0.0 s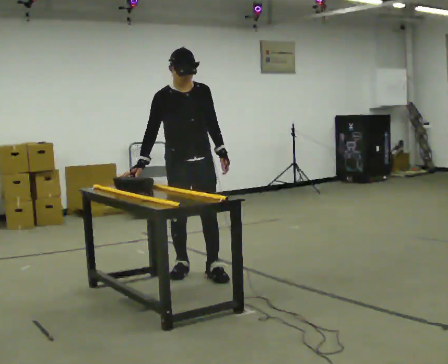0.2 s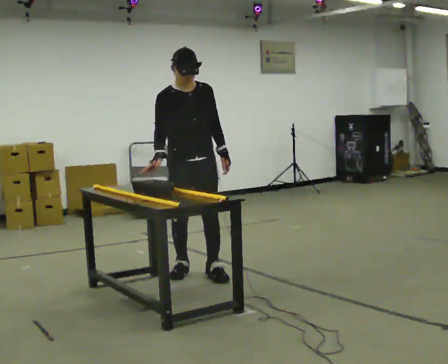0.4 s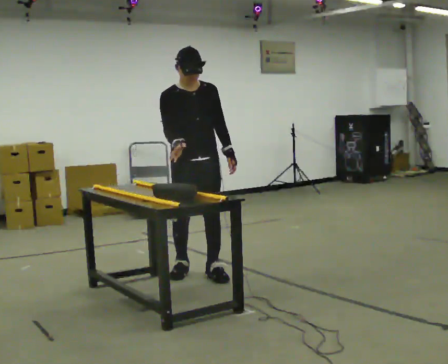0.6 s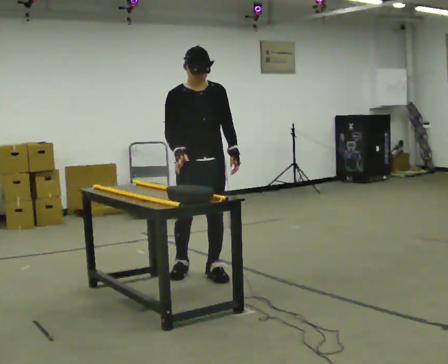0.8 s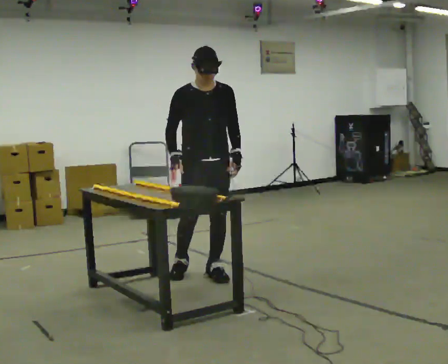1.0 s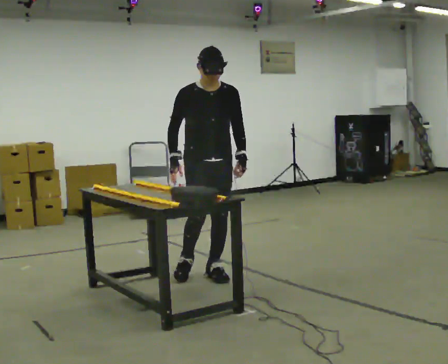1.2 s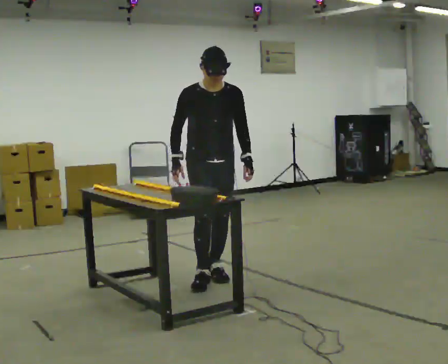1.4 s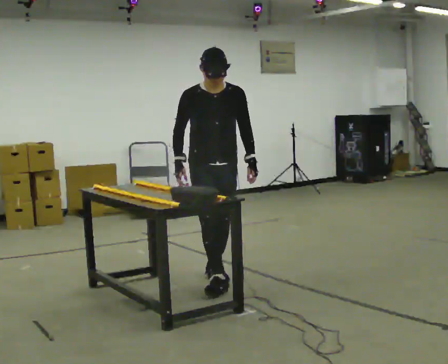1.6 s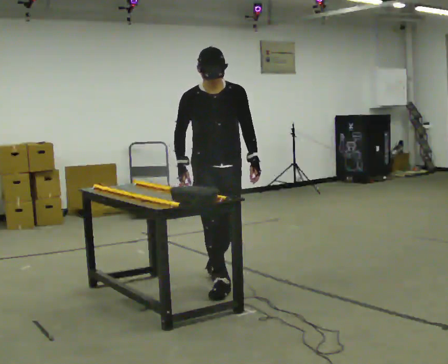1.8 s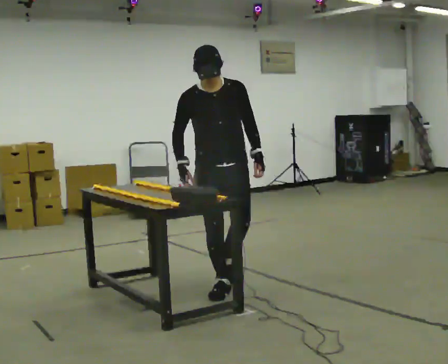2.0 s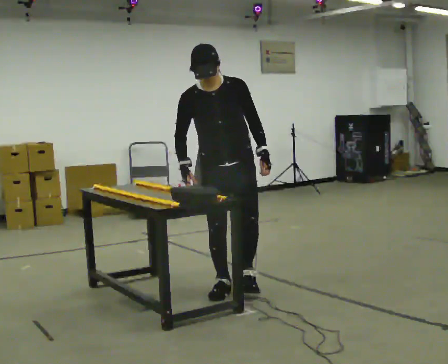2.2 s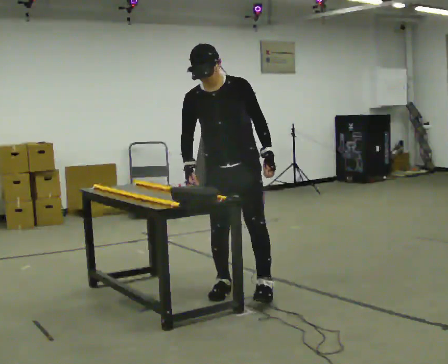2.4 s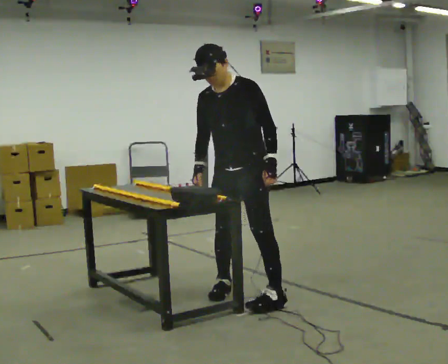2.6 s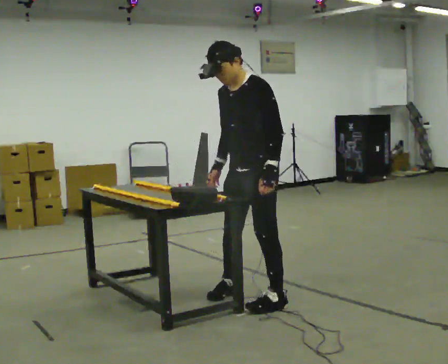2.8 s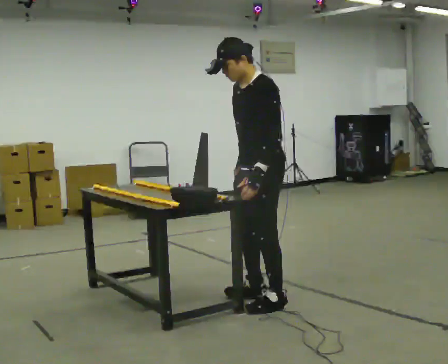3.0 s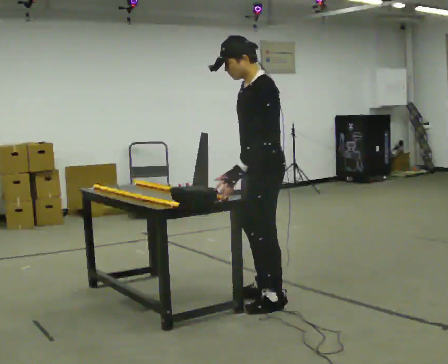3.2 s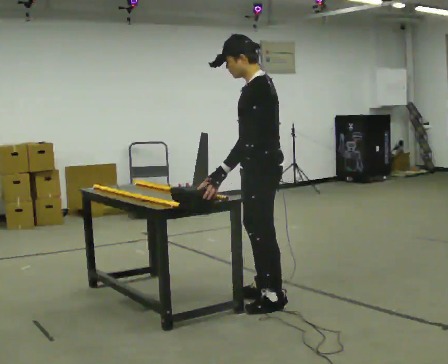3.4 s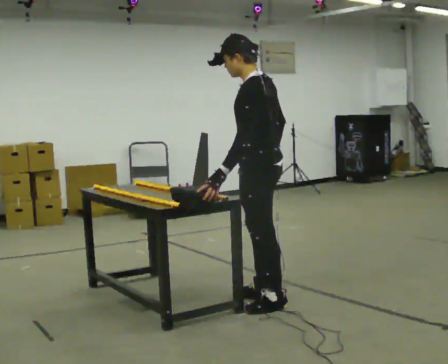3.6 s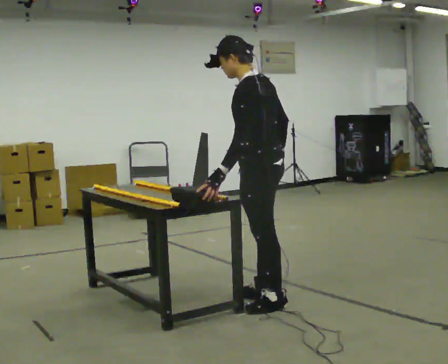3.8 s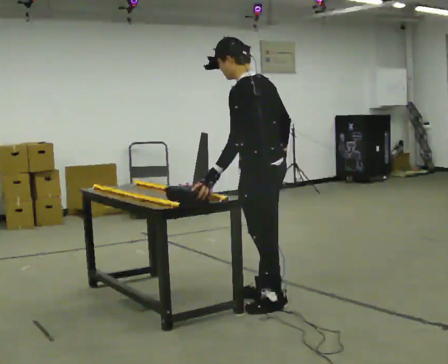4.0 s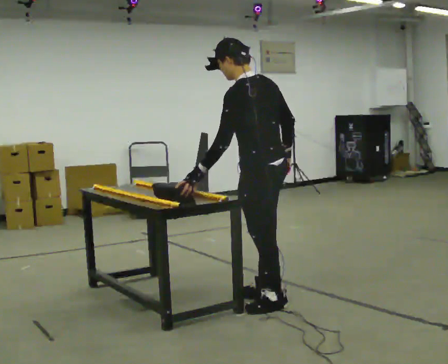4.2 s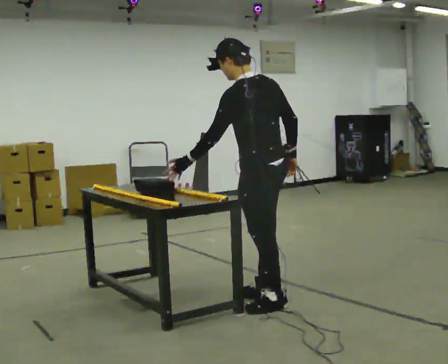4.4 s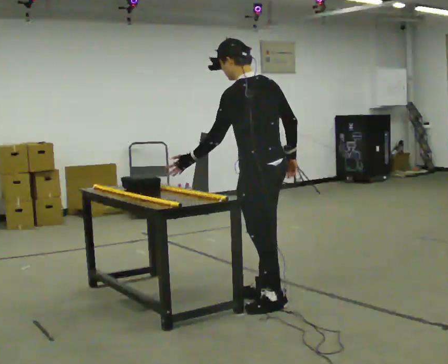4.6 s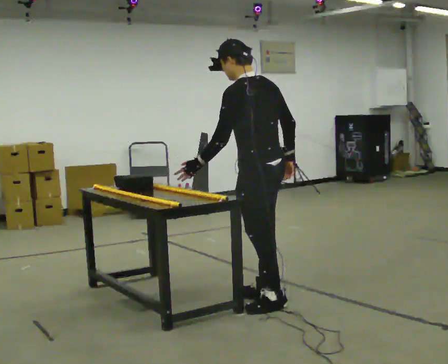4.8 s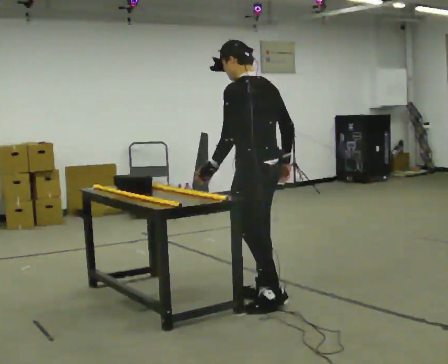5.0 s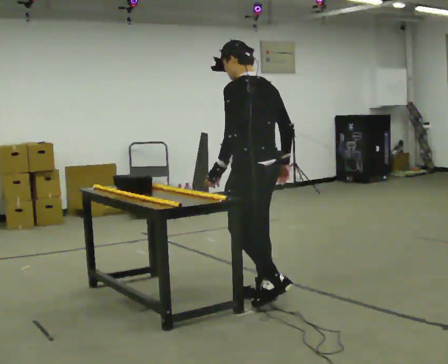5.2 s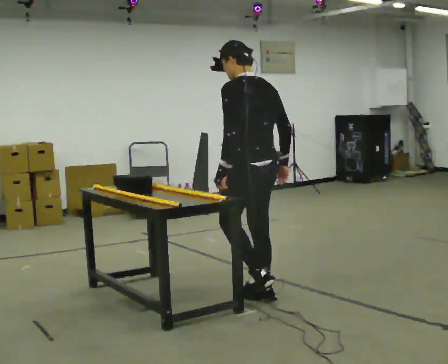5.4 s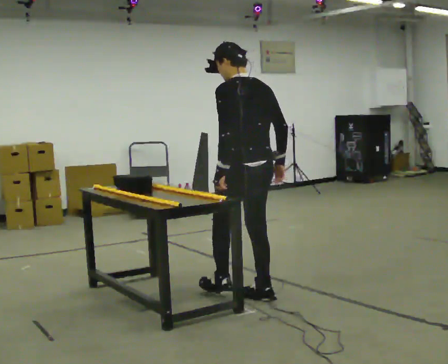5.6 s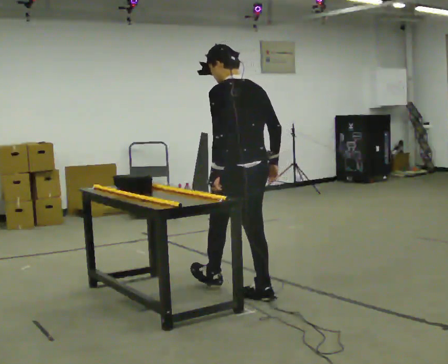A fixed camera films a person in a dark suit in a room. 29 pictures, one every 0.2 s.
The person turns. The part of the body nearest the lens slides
to the left.
The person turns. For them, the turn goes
to their right.
0.0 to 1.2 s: In the picture they go to the right, about 0.25 m, which for them is forward and to their left.
1.2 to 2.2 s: The part of the body nearest the lens slides to the left as the person turns to their right by about 30 degrees. In the picture they go toward the camera and to the right, about 0.5 m in 1 step, which for them is forward. In the picture the upper body tilts counterclockwise, shoulders to the left.
2.2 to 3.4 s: The part of the body nearest the lens slides to the left as the person turns to their right by about 90 degrees. In the picture they go toward the camera and to the right, about 0.25 m in 2 steps.
3.4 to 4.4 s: The person moves a little, or ends about where they began.
4.4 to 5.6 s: In the picture they go away from the camera, about 0.25 m, which for them is forward.
The film runs forward here.
